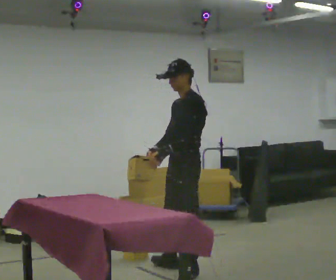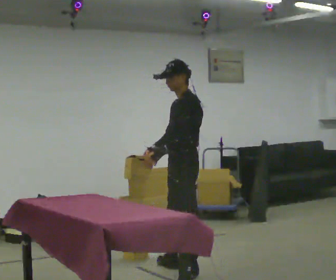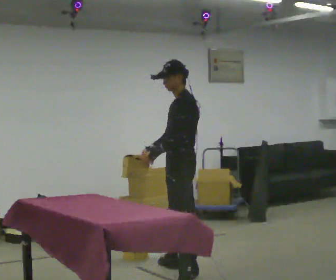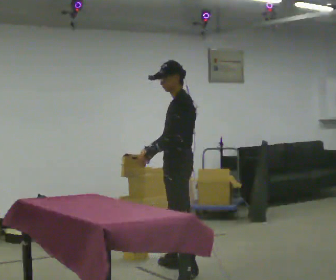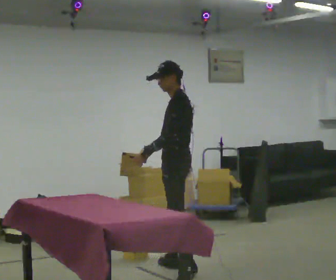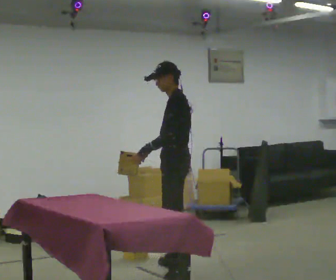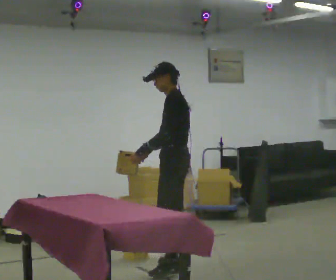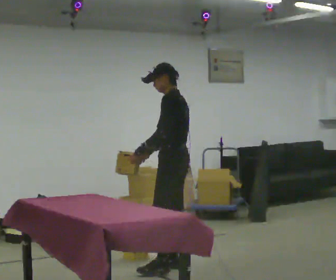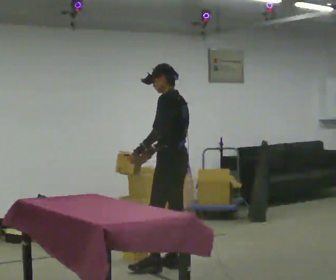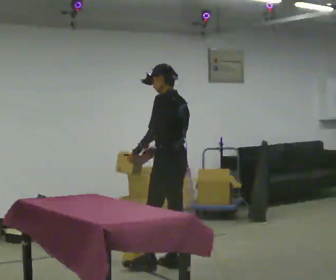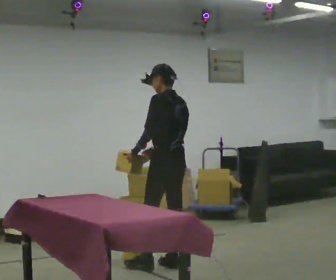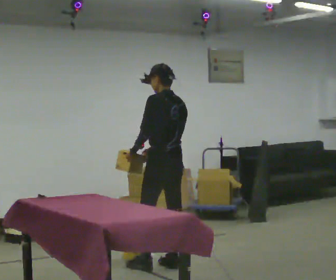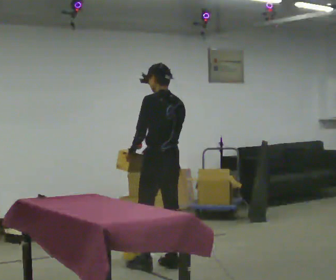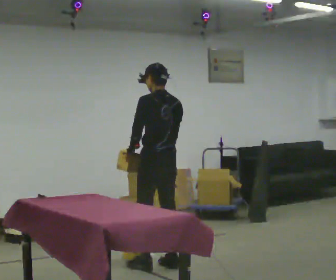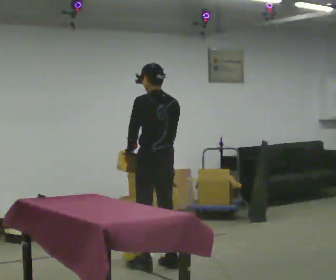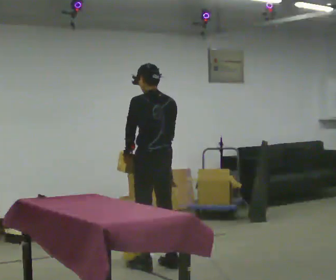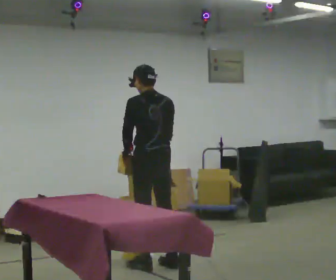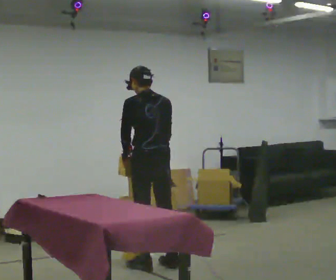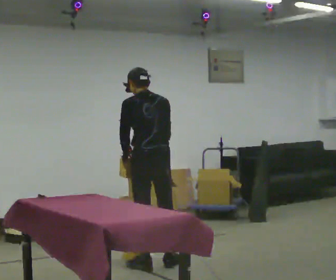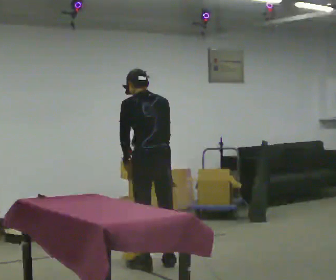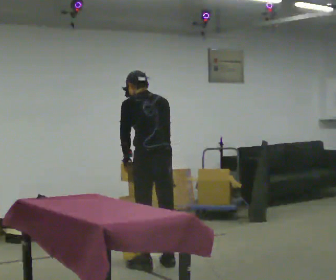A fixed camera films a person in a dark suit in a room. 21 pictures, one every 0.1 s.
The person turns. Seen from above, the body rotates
clockwise.
The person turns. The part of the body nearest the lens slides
to the left.
0.0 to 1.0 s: The part of the body nearest the lens slides to the left as the person turns to their right by about 60 degrees. In the picture they go away from the camera, about 0.25 m in 1 step, which for them is to their right.
1.0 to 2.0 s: Seen from above the body turns clockwise, about 45 degrees: to their right, with its near side sliding to the left. In the picture they go to the left, about 0.25 m, which for them is to their left.
The film runs backward here.
